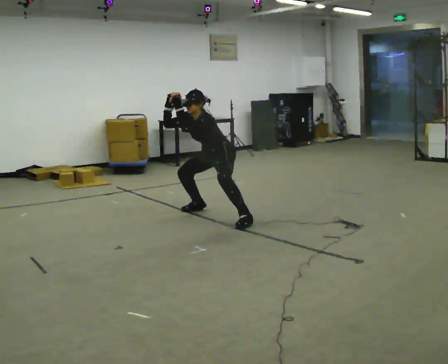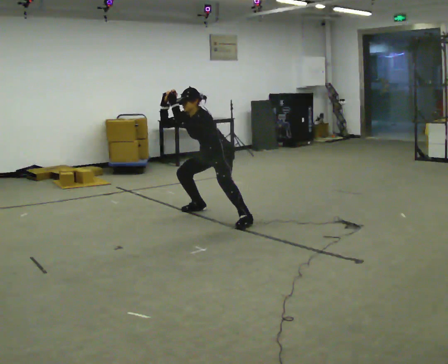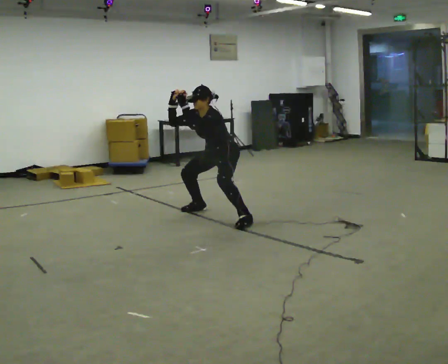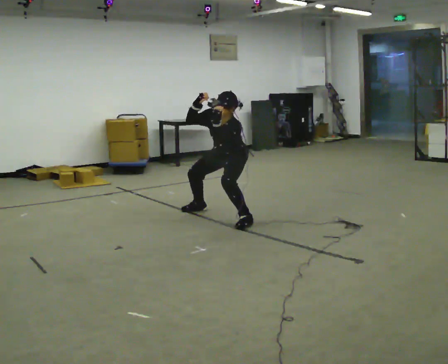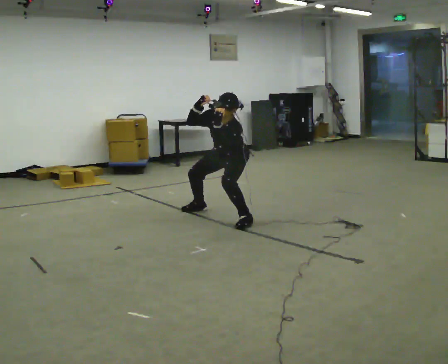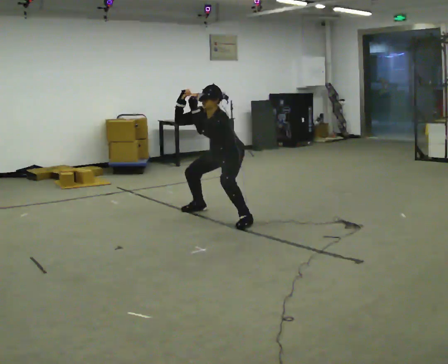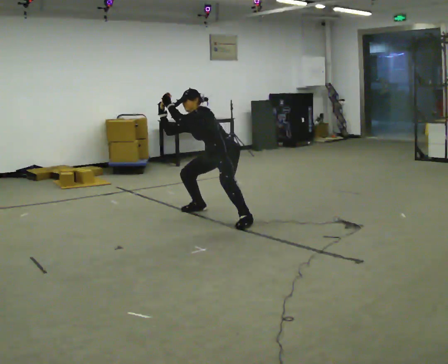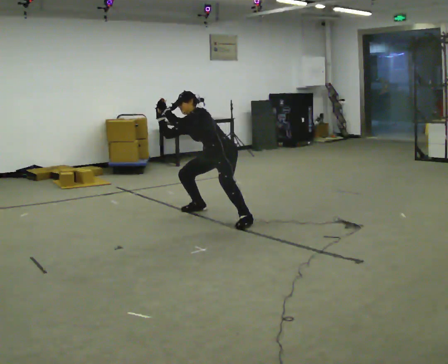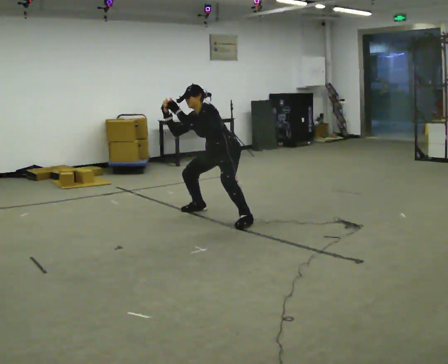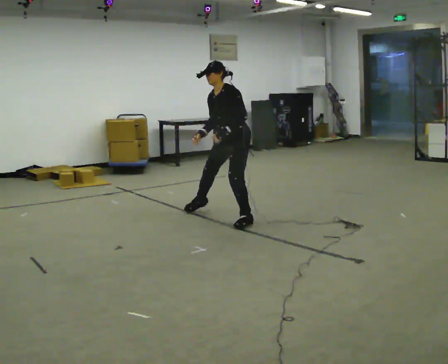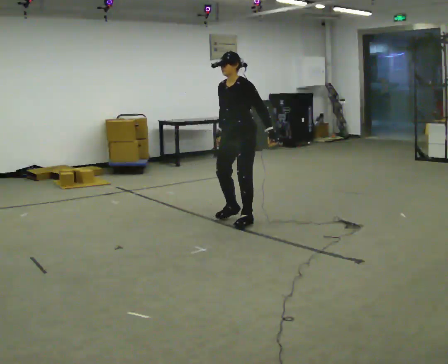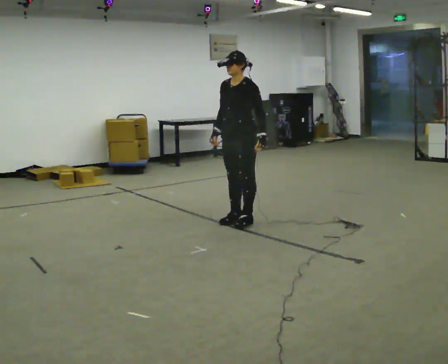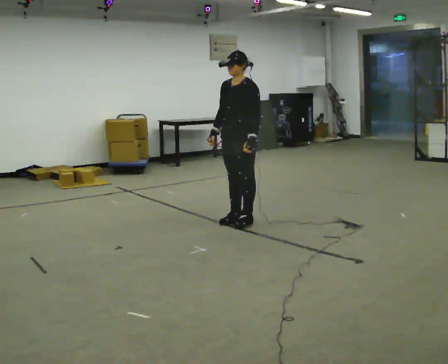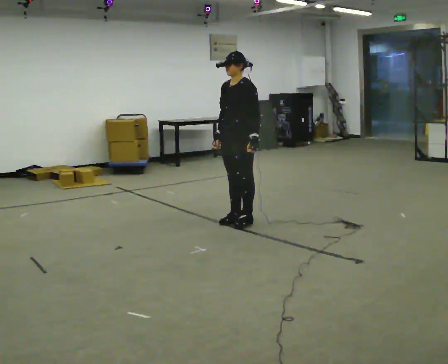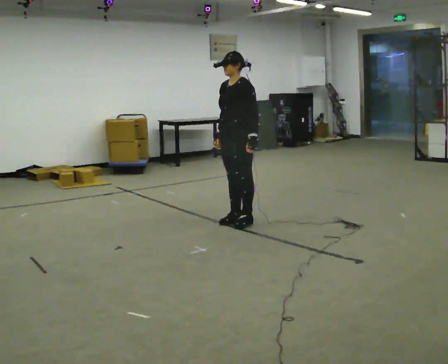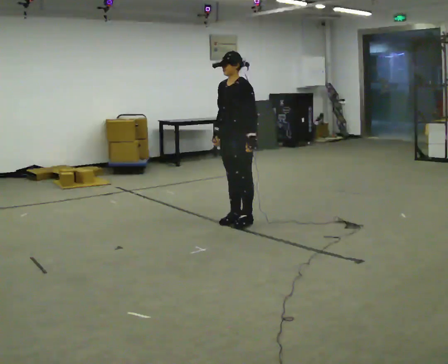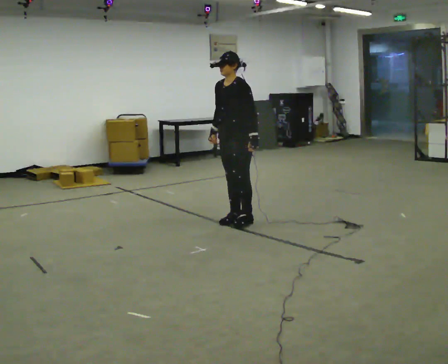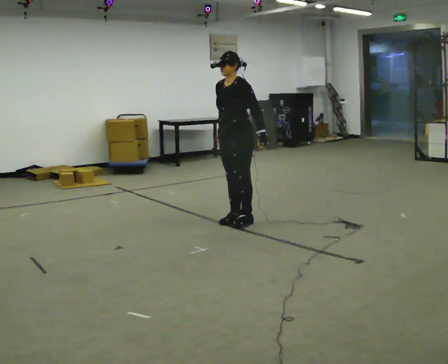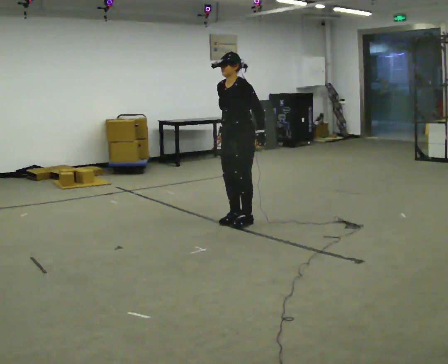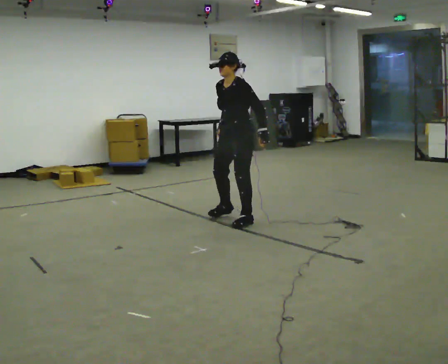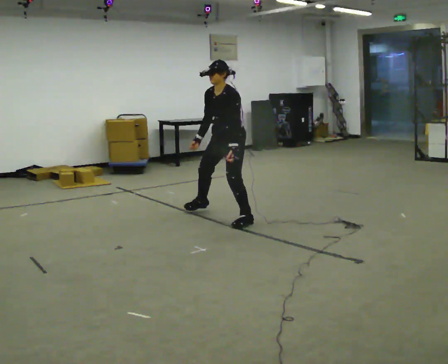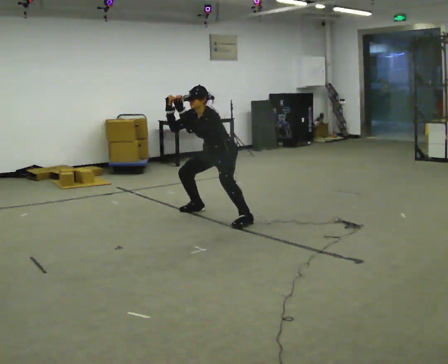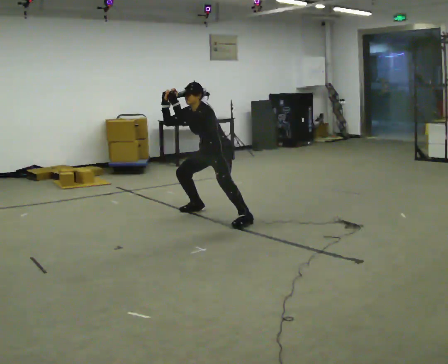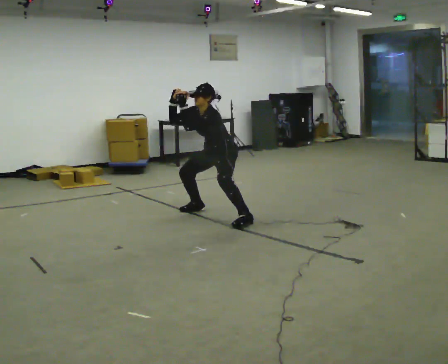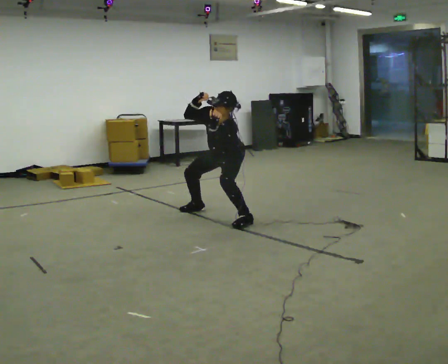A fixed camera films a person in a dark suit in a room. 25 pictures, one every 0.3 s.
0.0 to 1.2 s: In the picture they go toward the camera, about 0.25 m, which for them is to their left. In the picture the upper body tilts clockwise, shoulders to the right. In the picture their left hand goes to the right.
1.2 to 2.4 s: The upper body tips away from the camera, its near side rolling upward.
2.4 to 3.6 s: In the picture they go toward the camera and to the right, about 0.25 m in 1 step, which for them is to their left. The shoulders move upward. In the picture the upper body tilts clockwise, shoulders to the right, as they lean back or straighten.
3.6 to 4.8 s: The person moves a little, or ends about where they began.
4.8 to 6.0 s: In the picture they go away from the camera, about 0.25 m, which for them is to their right. The upper body tips toward the camera, its near side rolling downward, as they bend forward.
6.0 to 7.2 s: The upper body goes downward. In the picture their right hand goes upward.
The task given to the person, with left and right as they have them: Move as if avoiding punches: slip your head side to side, duck, and raise your guard. Repeat the movement at your own pace until the operator says stop; do not rush.
The film runs forward here.
